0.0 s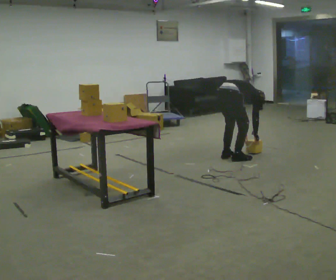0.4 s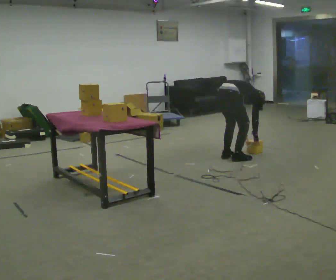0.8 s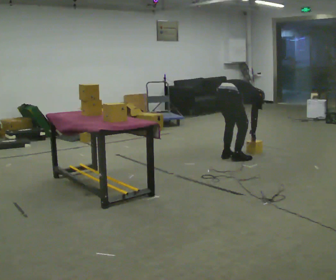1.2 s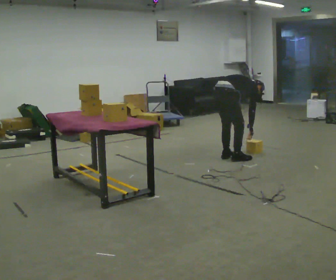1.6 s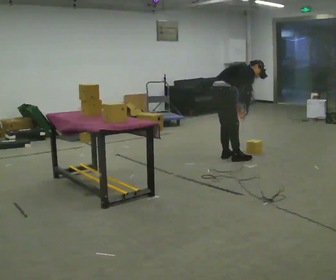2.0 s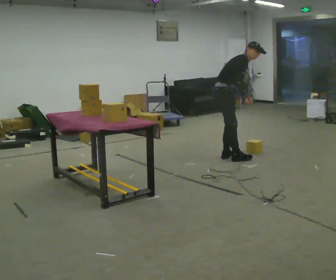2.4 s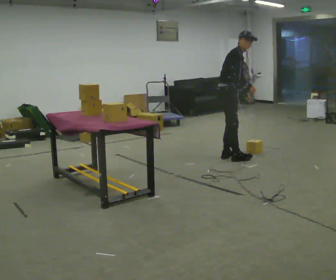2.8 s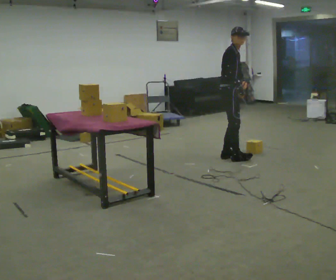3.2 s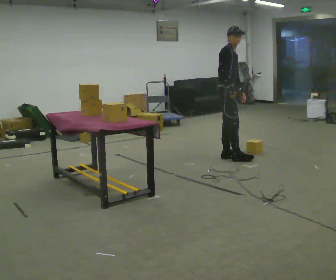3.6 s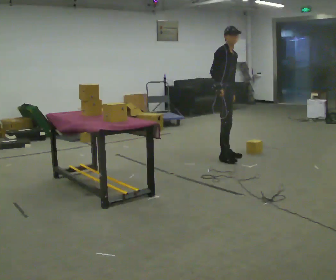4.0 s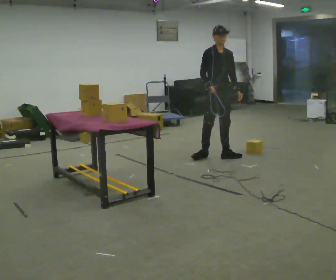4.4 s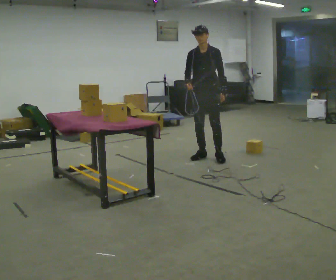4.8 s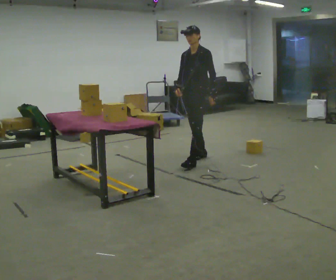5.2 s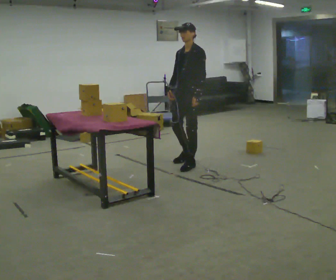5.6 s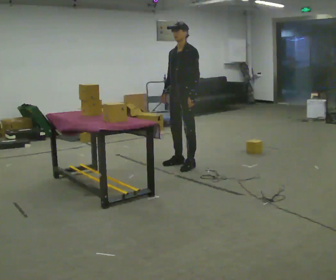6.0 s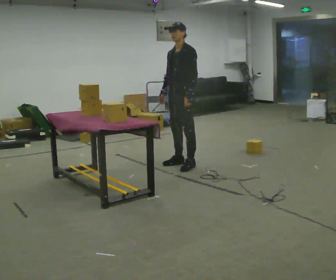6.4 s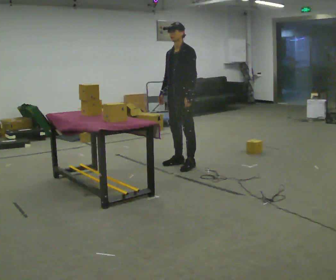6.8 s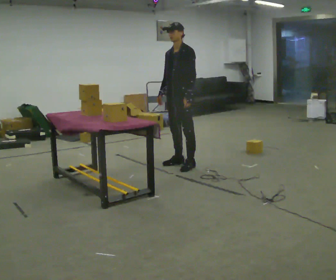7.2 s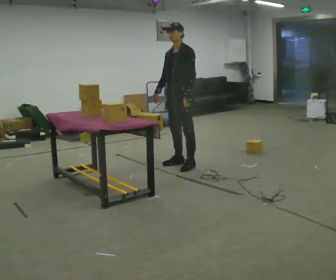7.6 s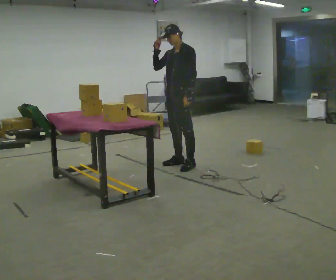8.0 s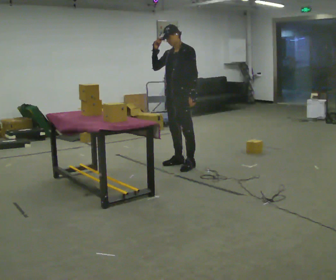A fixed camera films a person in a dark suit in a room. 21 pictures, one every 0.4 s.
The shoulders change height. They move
upward.
The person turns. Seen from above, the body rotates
clockwise.
0.0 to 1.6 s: The upper body goes upward. The upper body tips toward the camera, its near side rolling downward, as they lean back or straighten. In the picture their right hand goes upward.
1.6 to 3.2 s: The person turns about 45 degrees to their right, clockwise seen from above, so the part of the body nearest the lens slides to the left. The upper body goes upward. In the picture the upper body tilts counterclockwise, shoulders to the left, as they lean back or straighten.
3.2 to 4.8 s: The part of the body nearest the lens slides to the left as the person turns to their right by about 120 degrees. In the picture they go to the left and toward the camera, about 0.5 m in 2 steps.
4.8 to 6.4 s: In the picture they go toward the camera and to the left, about 0.25 m in 1 step, which for them is forward.
6.4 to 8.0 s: In the picture their right hand goes upward.
The film runs forward here.
